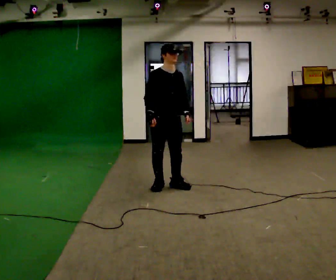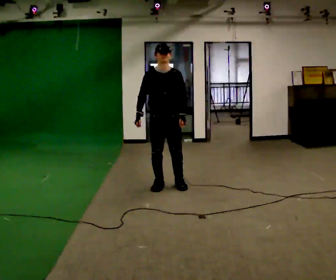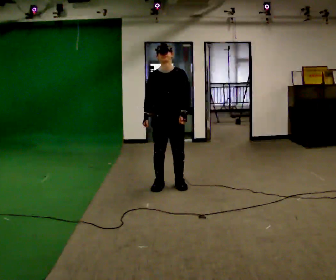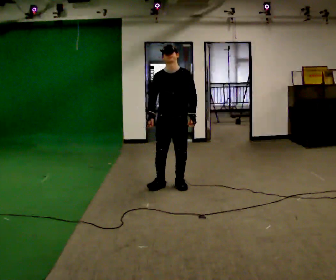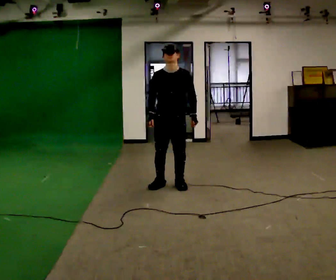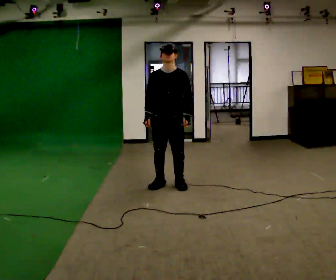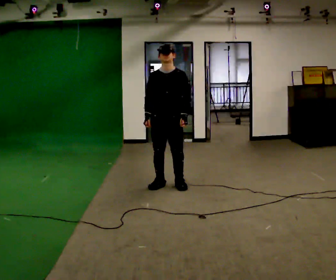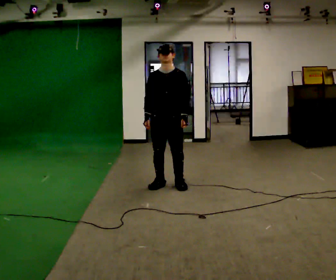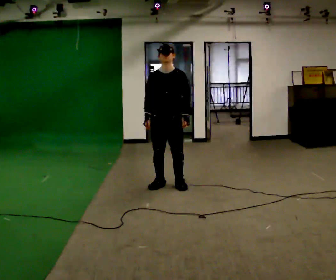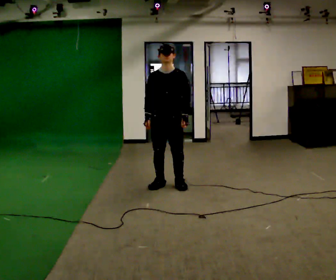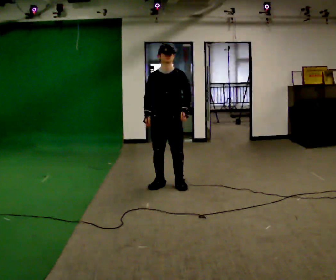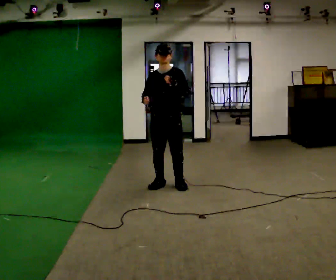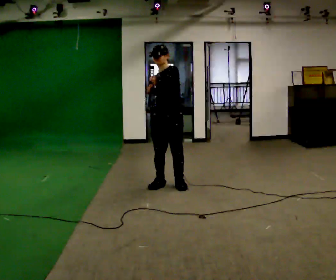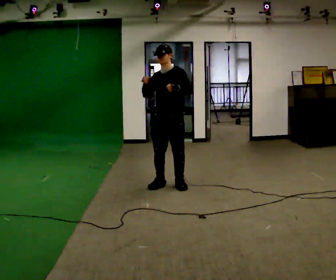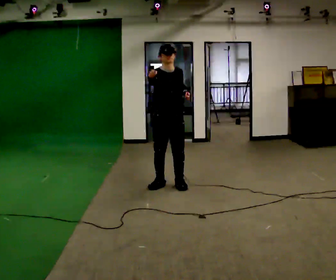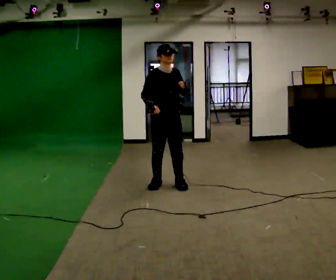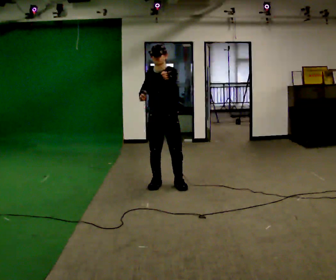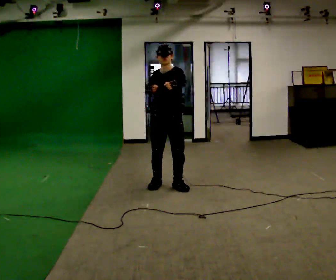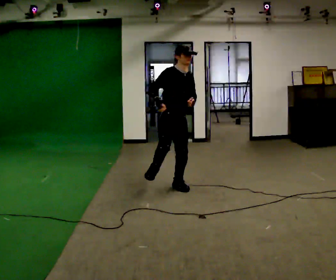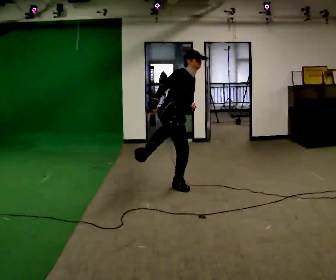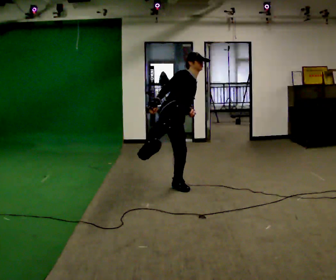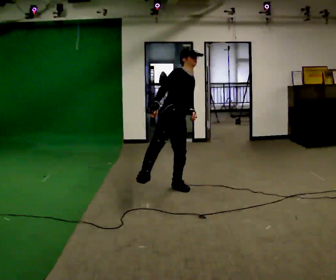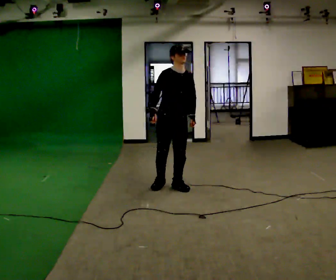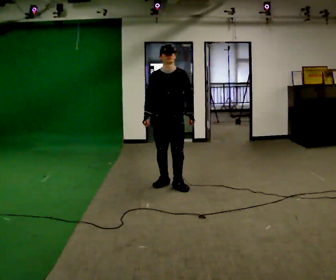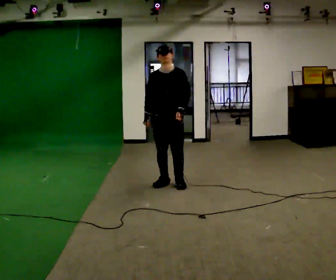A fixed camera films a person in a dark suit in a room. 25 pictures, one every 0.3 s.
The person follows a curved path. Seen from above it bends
counterclockwise.
0.0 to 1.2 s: The person turns about 30 degrees to their right, clockwise seen from above, so the part of the body nearest the lens slides to the left.
1.2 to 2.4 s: The person moves a little, or ends about where they began.
2.4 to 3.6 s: Seen from above the body turns clockwise, about 30 degrees: to their right, with its near side sliding to the left. In the picture their left hand goes upward.
3.6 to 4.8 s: The person turns about 30 degrees to their left, counterclockwise seen from above, so the part of the body nearest the lens slides to the right.
4.8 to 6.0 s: Seen from above the body turns counterclockwise, about 75 degrees: to their left, with its near side sliding to the right. In the picture they go toward the camera, about 0.25 m in 1 step. The upper body tips away from the camera, its near side rolling upward. In the picture their left hand goes downward.
6.0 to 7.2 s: The part of the body nearest the lens slides to the left as the person turns to their right by about 75 degrees. In the picture they go away from the camera, about 0.25 m in 1 step. The upper body tips toward the camera, its near side rolling downward.
The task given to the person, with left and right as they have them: Perform a slow martial arts form (https://youtu.be/ZMi83SPAP1Q?si=p1_31d3YaodeQQZT); kicks should be slow
The film runs forward here.
